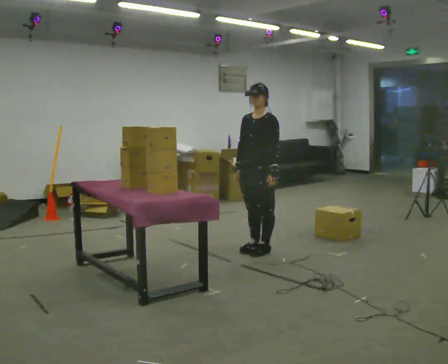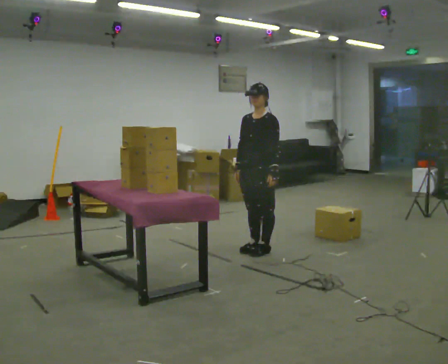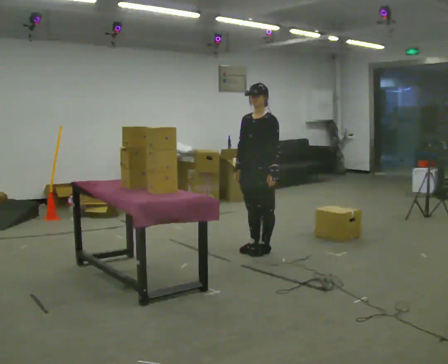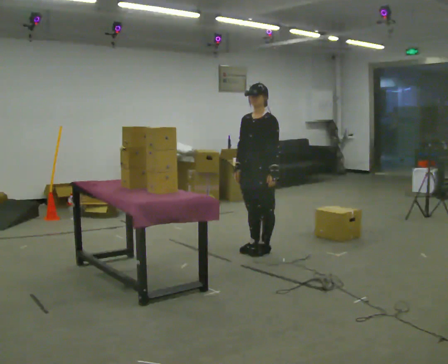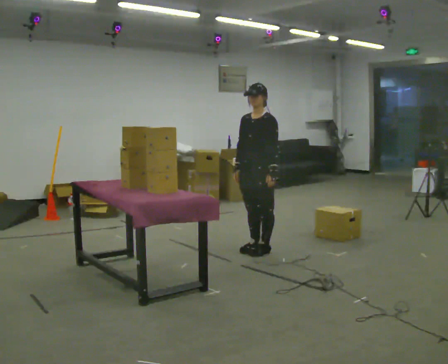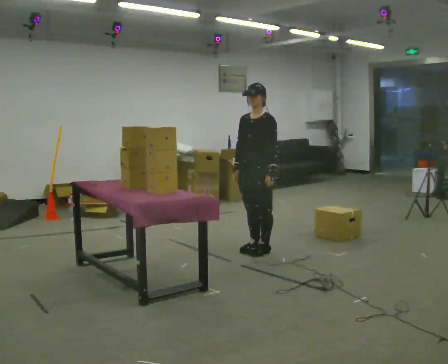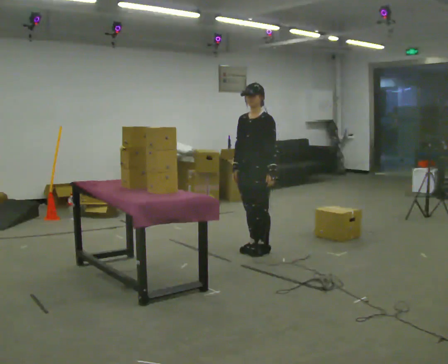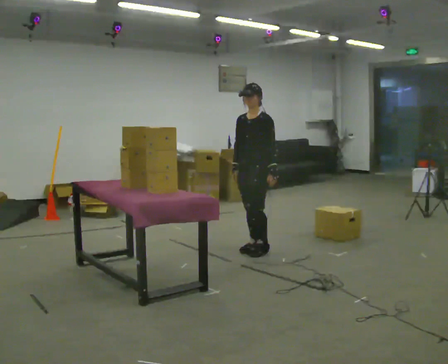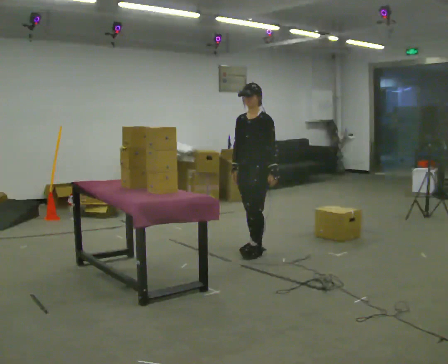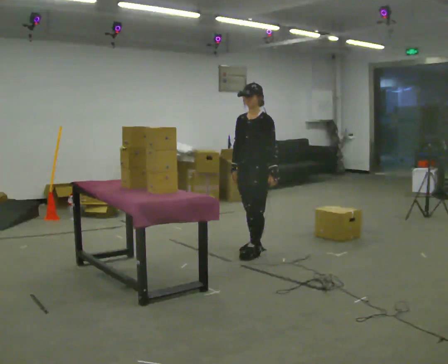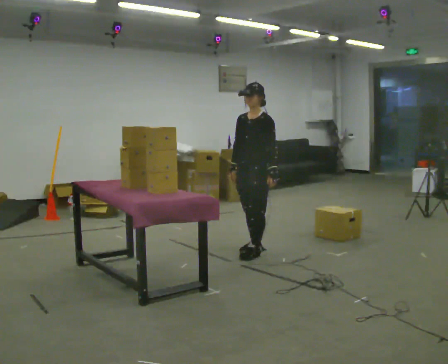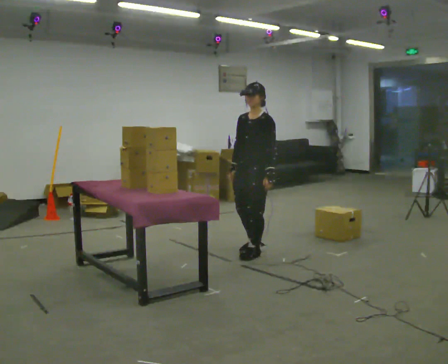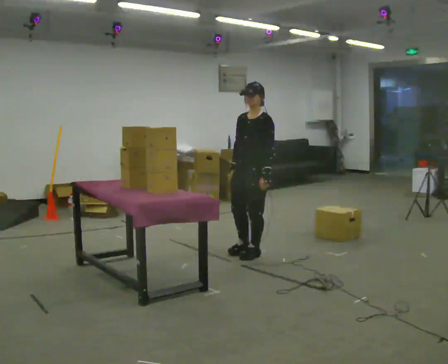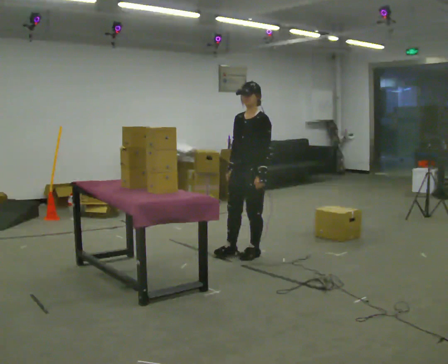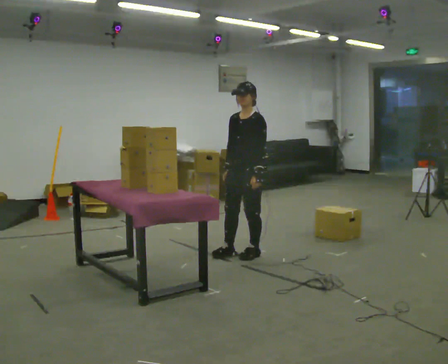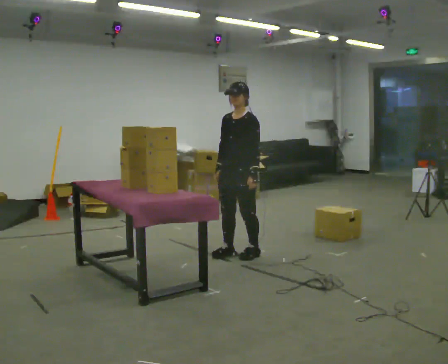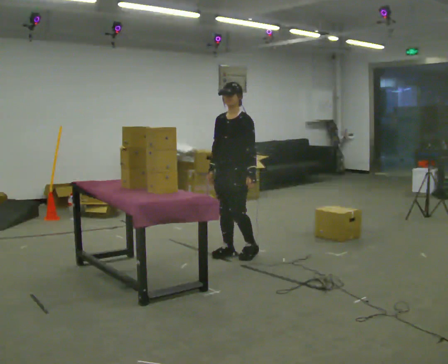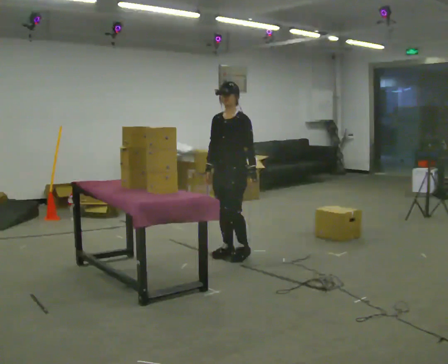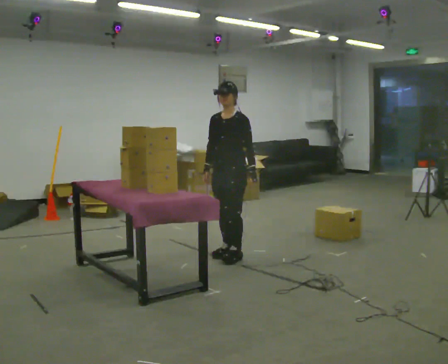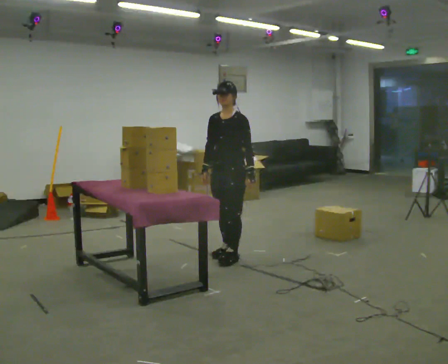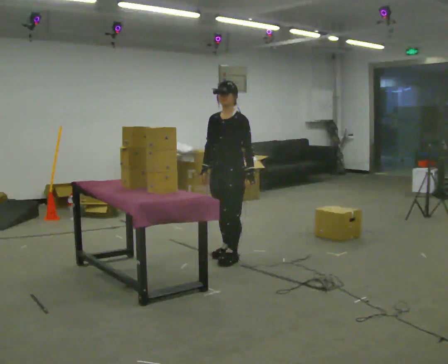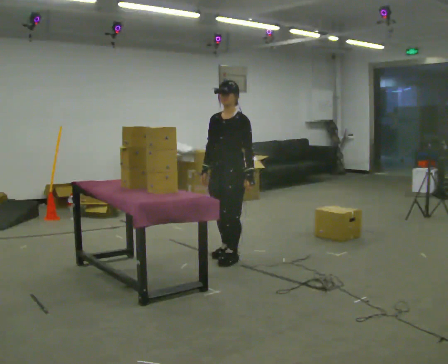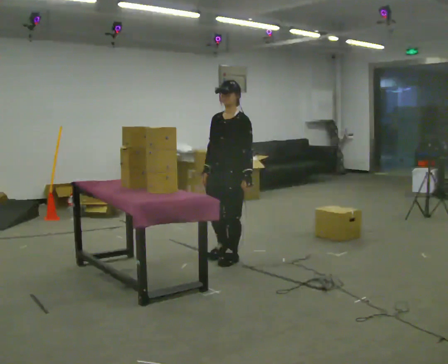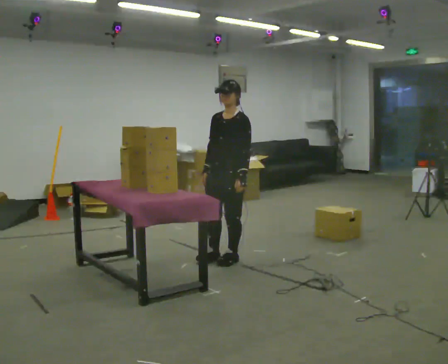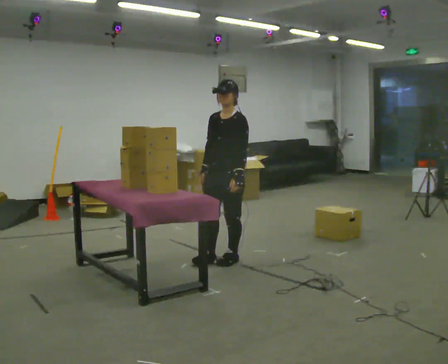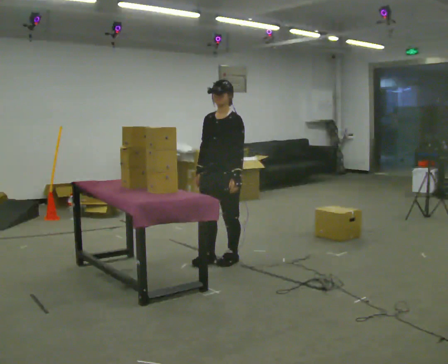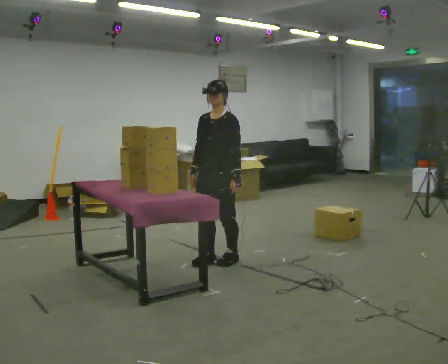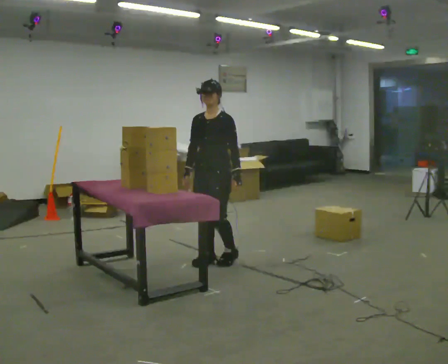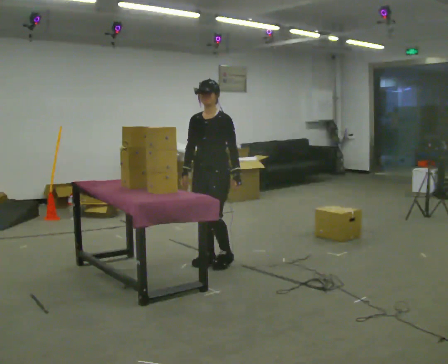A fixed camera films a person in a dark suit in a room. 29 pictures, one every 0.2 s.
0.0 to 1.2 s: The person keeps their place and pose.
1.2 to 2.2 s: The person moves a little, or ends about where they began.
2.2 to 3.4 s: In the picture they go to the left, about 0.25 m in 1 step, which for them is forward and to their right.
3.4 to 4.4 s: In the picture they go toward the camera, about 0.25 m in 1 step, which for them is forward.
4.4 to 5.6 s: In the picture they go to the left, about 0.25 m in 1 step, which for them is forward.
The film runs forward here.
